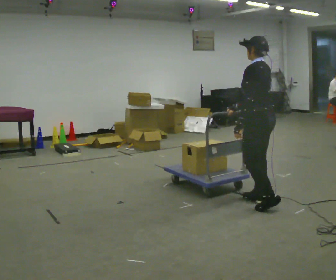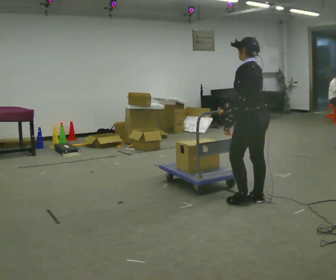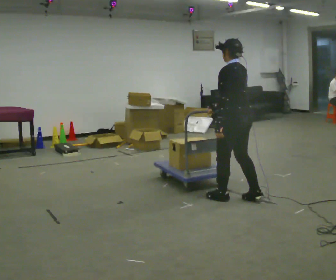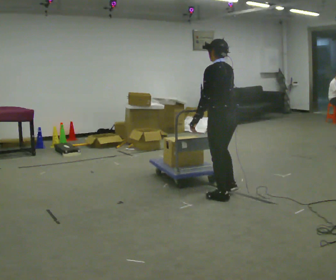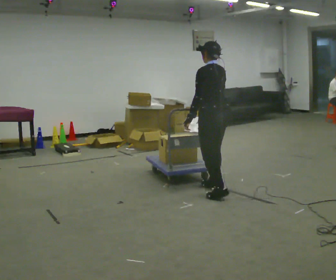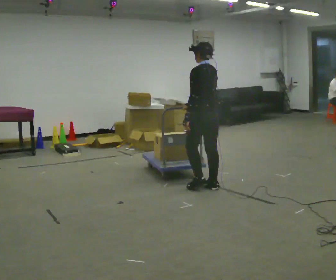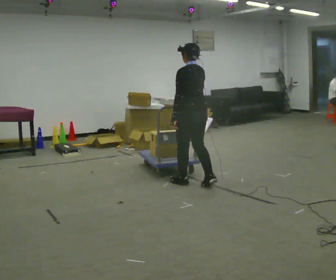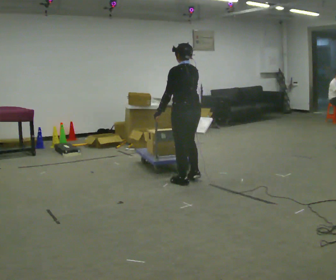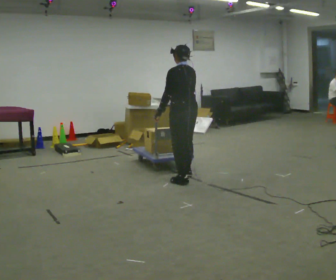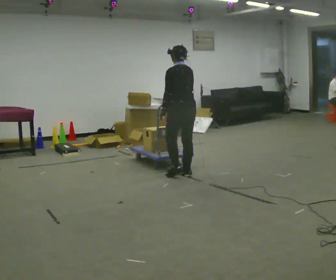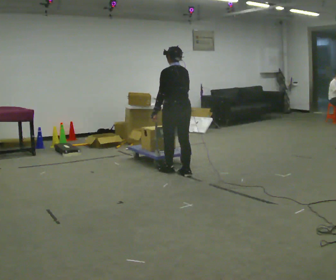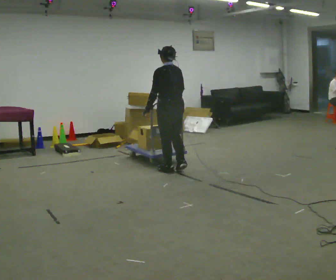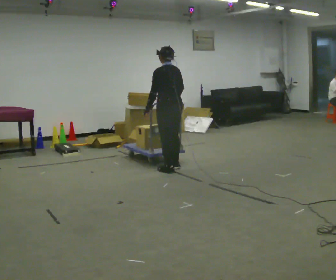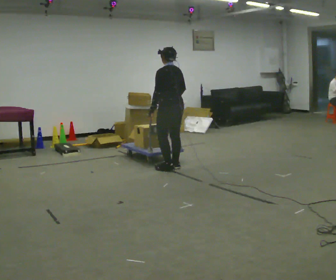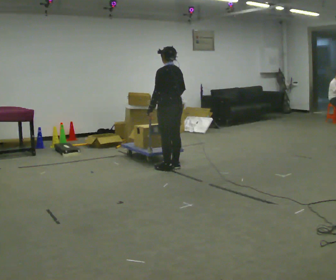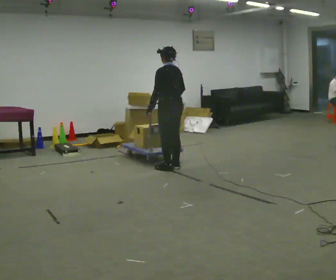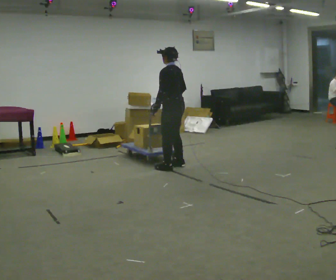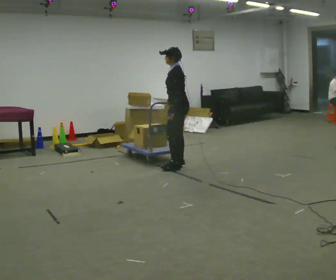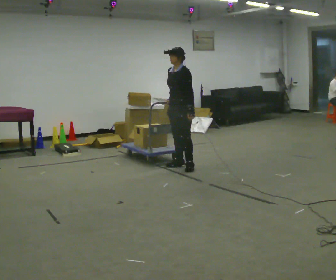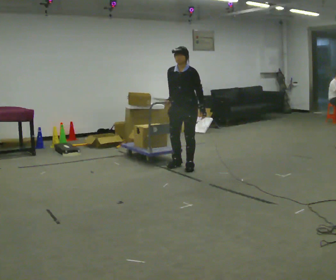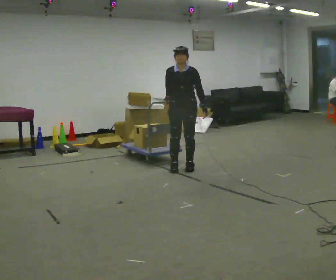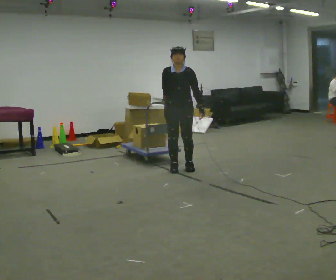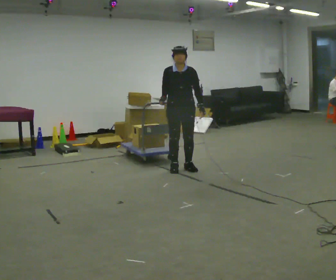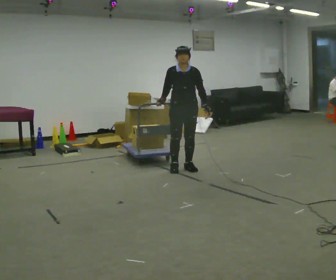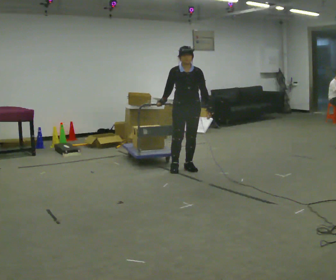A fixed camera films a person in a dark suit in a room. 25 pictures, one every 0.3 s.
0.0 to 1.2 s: In the picture they go to the left and away from the camera, about 0.5 m in 2 steps, which for them is forward.
1.2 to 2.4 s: In the picture they go away from the camera and to the left, about 0.5 m in 2 steps, which for them is forward.
2.4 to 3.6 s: In the picture they go away from the camera and to the left, about 0.5 m in 2 steps, which for them is forward.
3.6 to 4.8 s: The person moves a little, or ends about where they began.
4.8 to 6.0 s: The part of the body nearest the lens slides to the right as the person turns to their left by about 105 degrees. In the picture their left hand goes to the right, the arm swinging counterclockwise.
6.0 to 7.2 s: The person moves a little, or ends about where they began.
The film runs forward here.
